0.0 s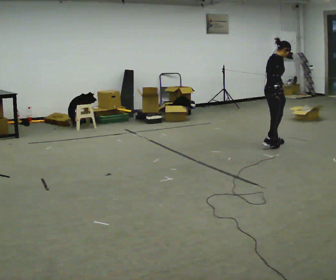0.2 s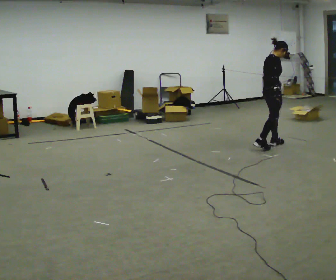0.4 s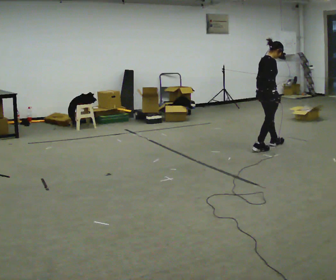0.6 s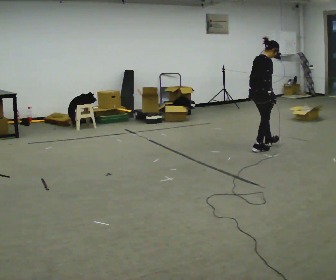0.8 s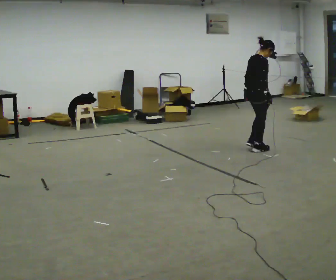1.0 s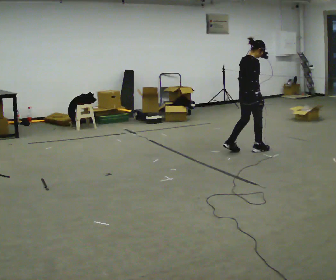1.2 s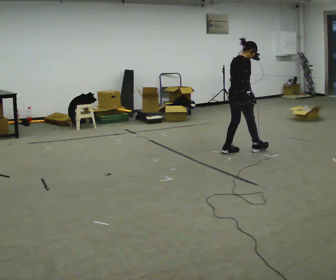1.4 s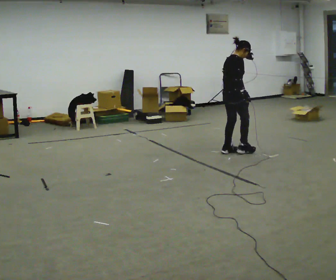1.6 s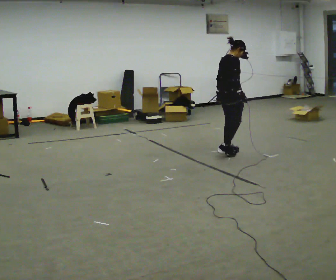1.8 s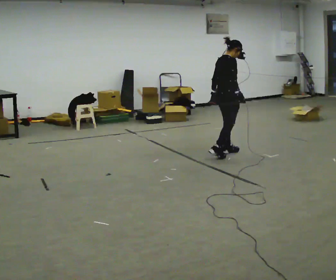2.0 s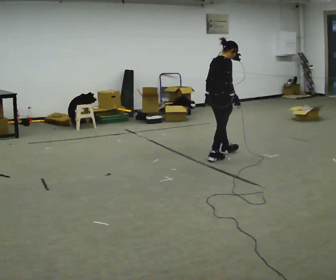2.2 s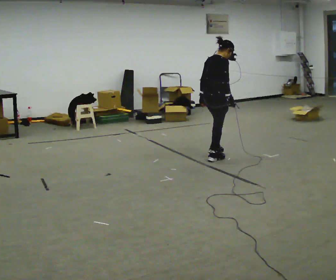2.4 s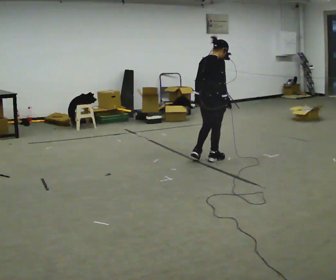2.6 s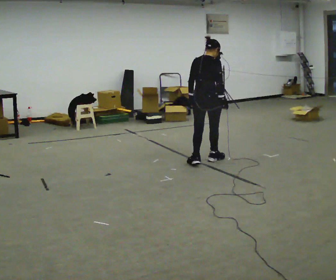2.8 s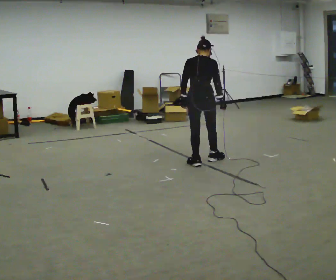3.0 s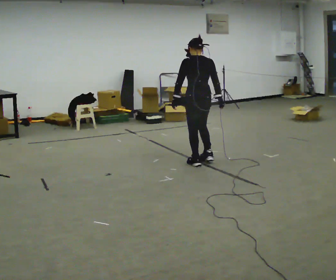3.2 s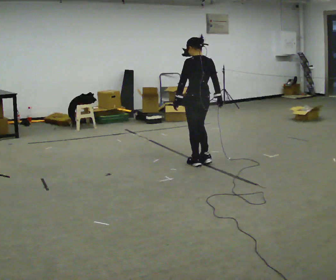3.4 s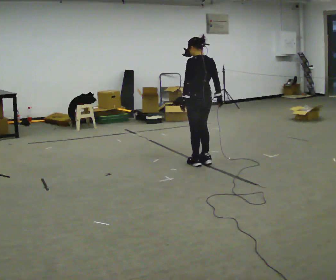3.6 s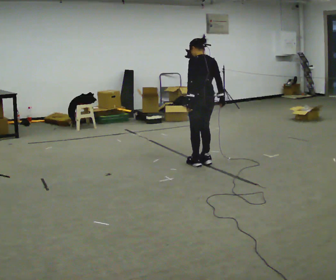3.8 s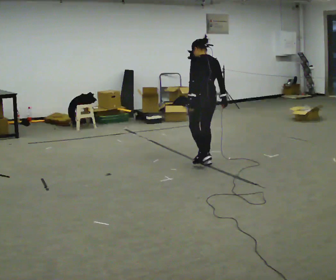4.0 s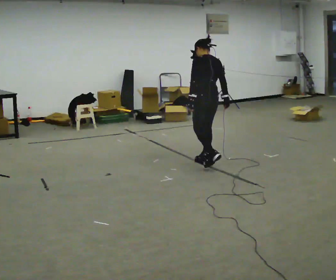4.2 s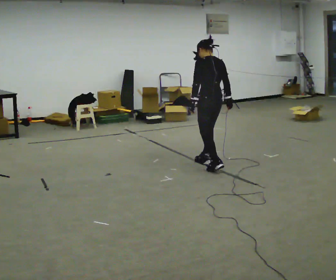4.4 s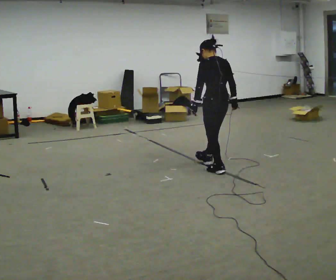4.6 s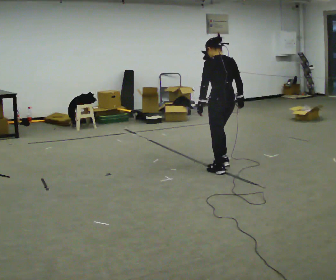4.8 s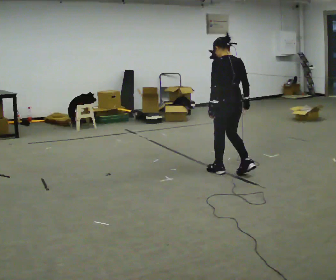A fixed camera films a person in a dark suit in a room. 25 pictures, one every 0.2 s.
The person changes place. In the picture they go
toward the camera.
The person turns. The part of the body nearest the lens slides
to the right.
0.0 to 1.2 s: In the picture they go to the left and toward the camera, about 0.5 m in 2 steps, which for them is backward.
1.2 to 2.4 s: In the picture they go toward the camera and to the left, about 0.5 m in 1 step, which for them is backward.
2.4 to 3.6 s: The part of the body nearest the lens slides to the right as the person turns to their left by about 75 degrees.
3.6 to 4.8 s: In the picture they go toward the camera and to the right, about 0.5 m in 1 step, which for them is backward.
The film runs forward here.
